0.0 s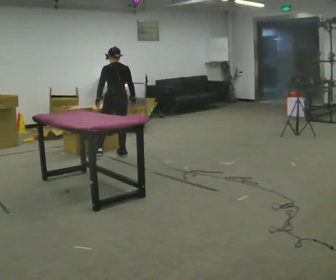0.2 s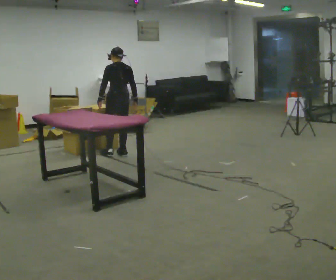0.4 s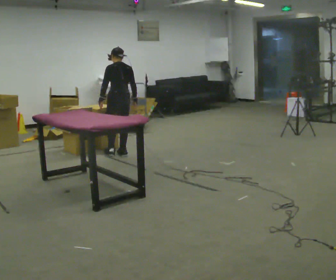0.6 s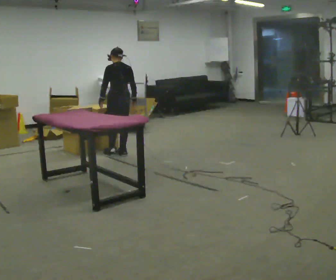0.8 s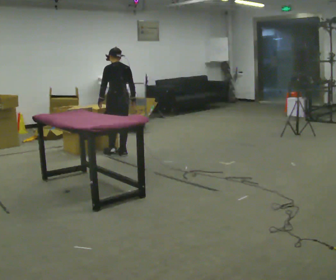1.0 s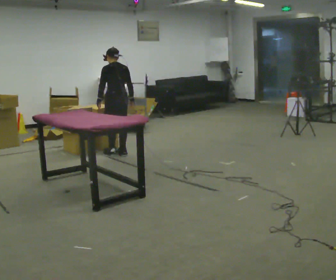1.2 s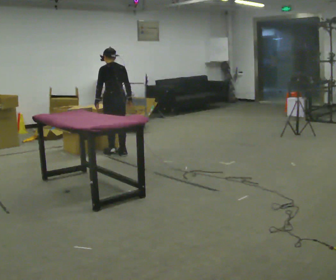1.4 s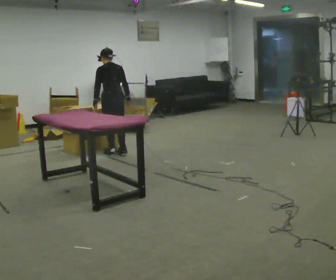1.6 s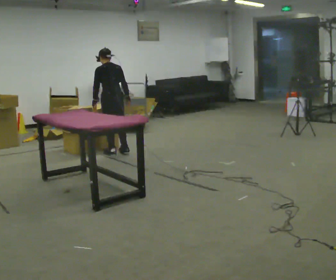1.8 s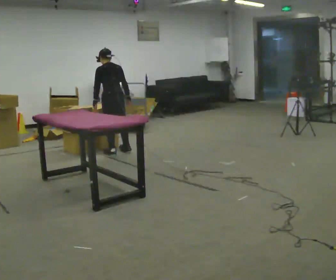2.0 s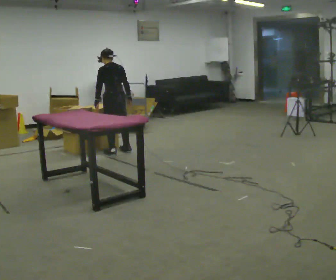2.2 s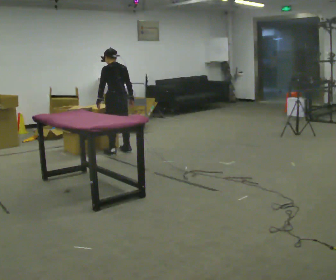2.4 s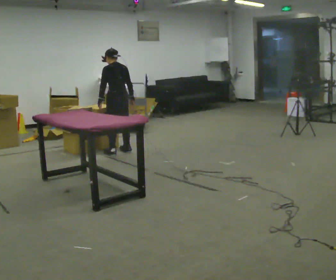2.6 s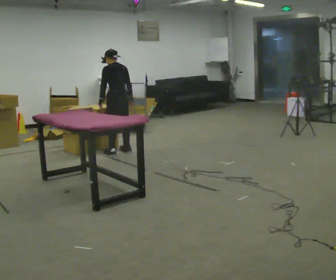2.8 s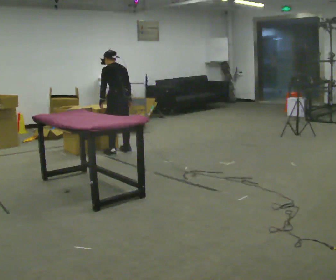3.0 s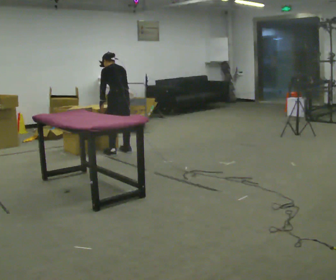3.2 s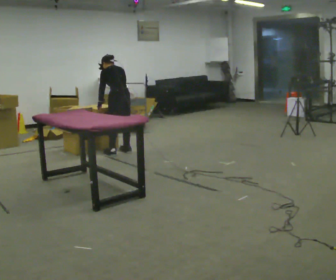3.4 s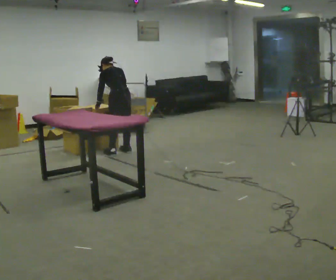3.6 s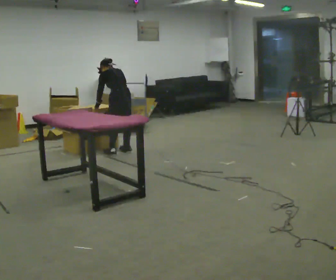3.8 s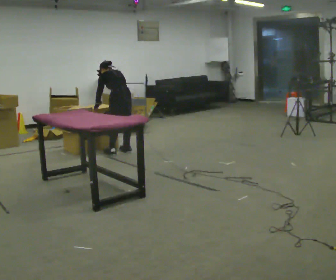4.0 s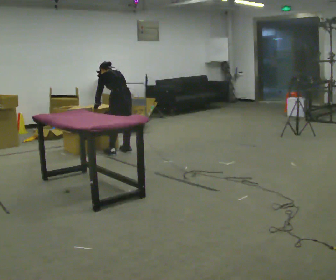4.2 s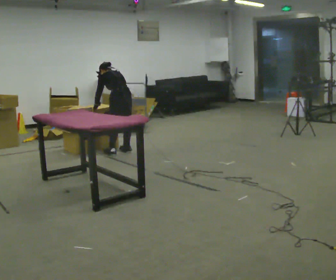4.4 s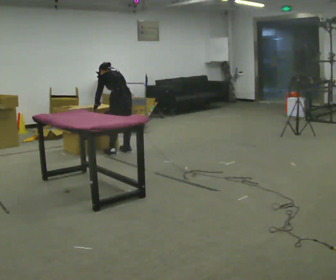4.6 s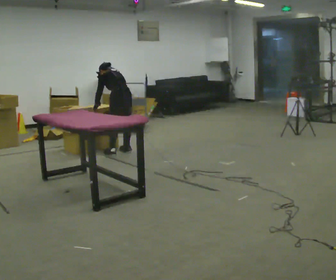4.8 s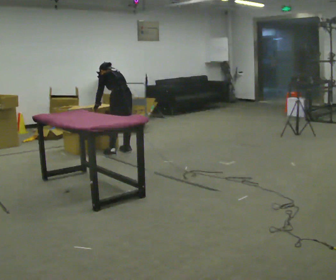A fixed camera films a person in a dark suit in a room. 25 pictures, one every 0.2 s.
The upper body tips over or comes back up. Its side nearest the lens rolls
upward.
0.0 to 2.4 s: The person moves a little, or ends about where they began.
2.4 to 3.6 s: The upper body tips away from the camera, its near side rolling upward, as they bend forward.
3.6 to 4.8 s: The person moves a little, or ends about where they began.
The film runs forward here.
